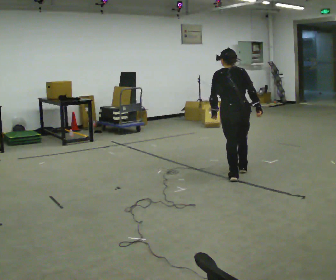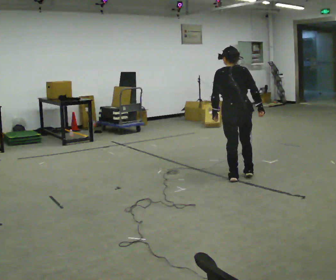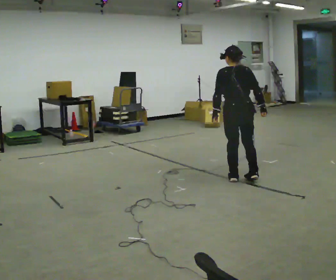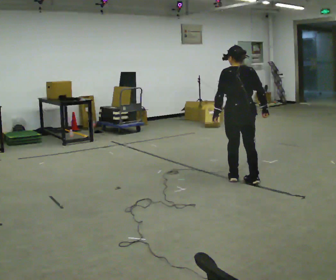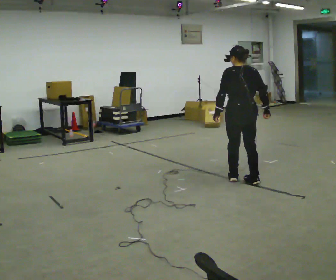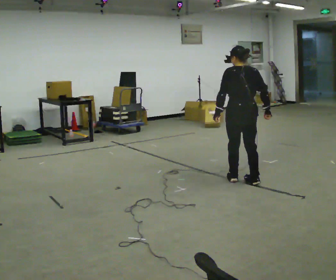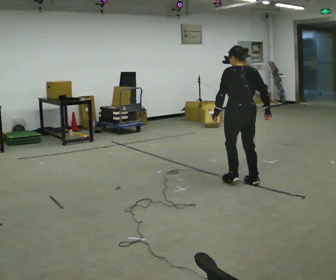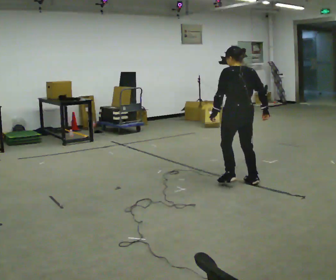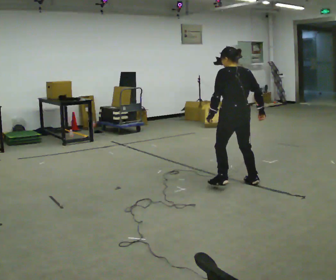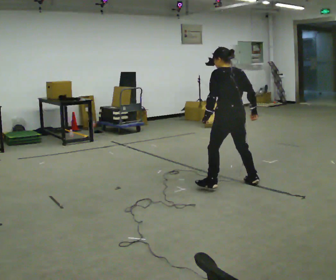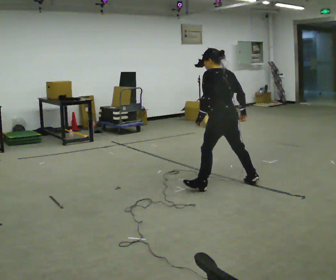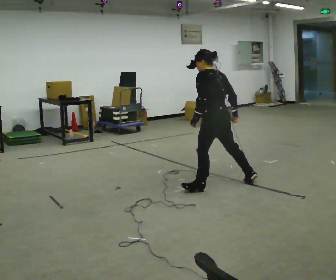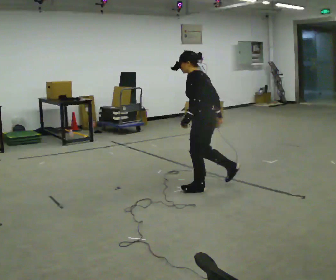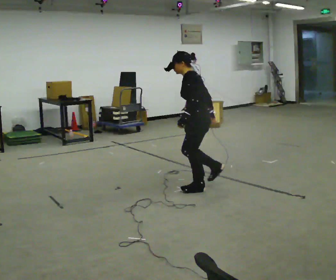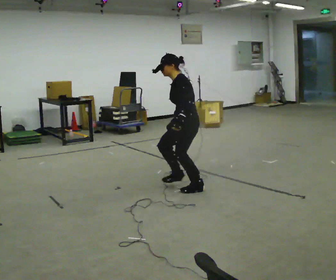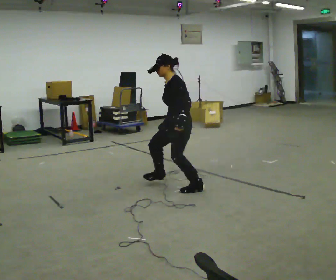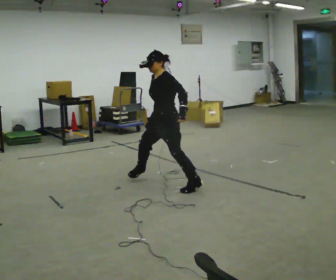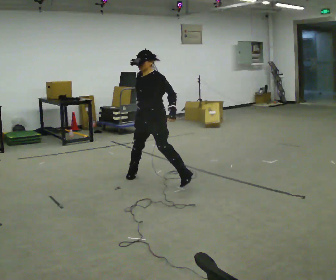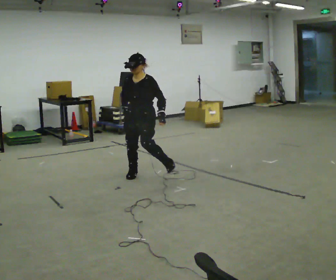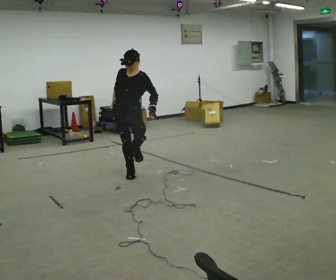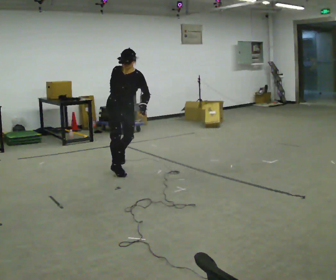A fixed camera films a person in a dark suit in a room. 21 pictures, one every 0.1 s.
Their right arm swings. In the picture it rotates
clockwise.
The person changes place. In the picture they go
to the left.
0.0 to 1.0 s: Seen from above the body turns counterclockwise, about 45 degrees: to their left, with its near side sliding to the right. In the picture they go toward the camera and to the left, about 0.25 m in 1 step, which for them is to their left and backward.
1.0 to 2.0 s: The part of the body nearest the lens slides to the right as the person turns to their left by about 150 degrees. In the picture they go to the left and away from the camera, about 1.5 m in 2 steps. The upper body tips toward the camera, its near side rolling downward.
The film runs forward here.
